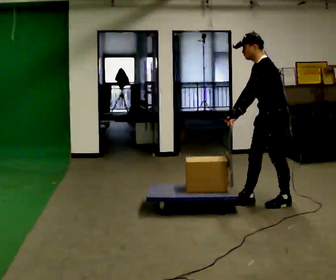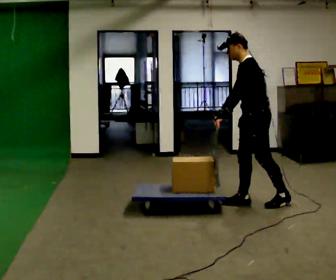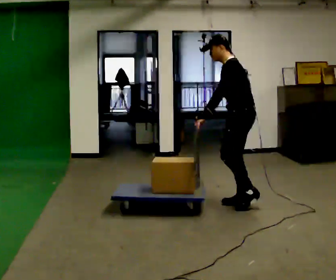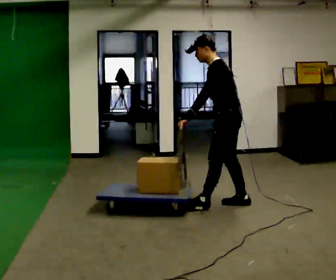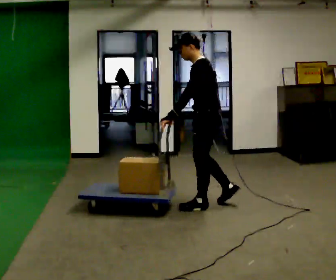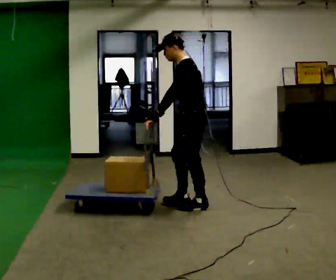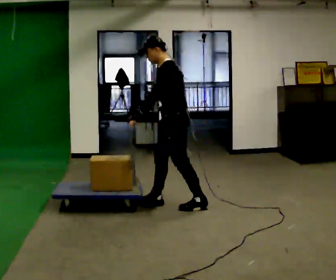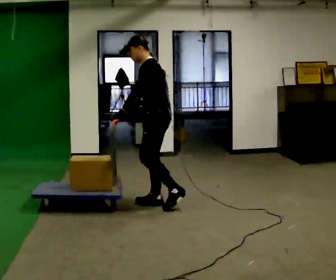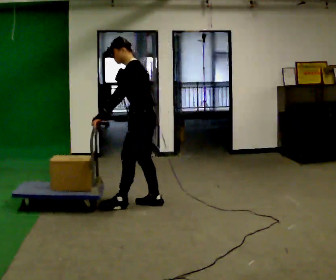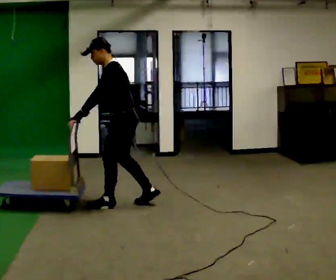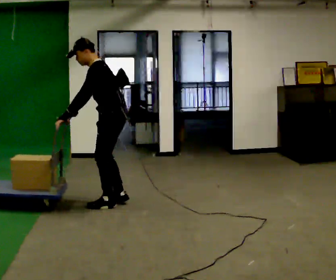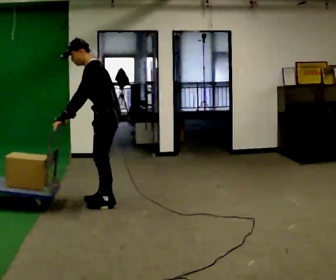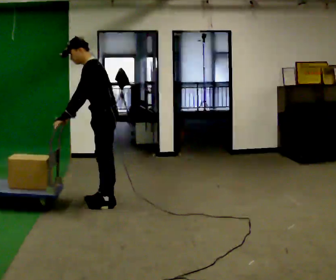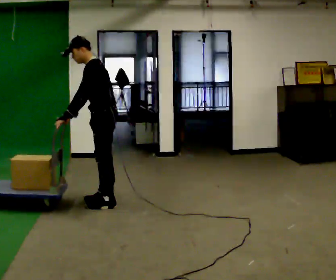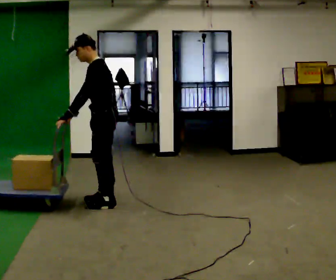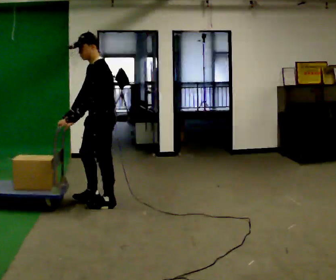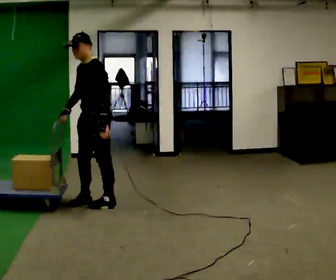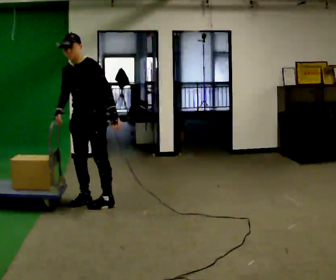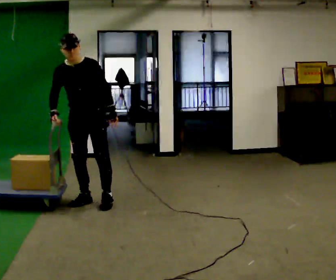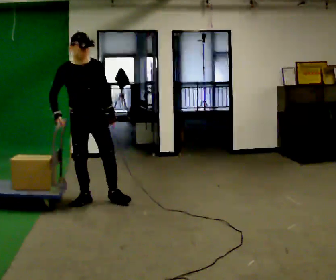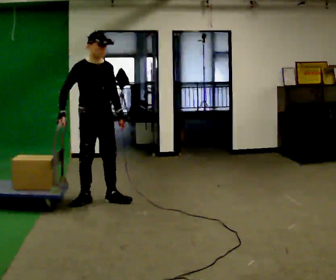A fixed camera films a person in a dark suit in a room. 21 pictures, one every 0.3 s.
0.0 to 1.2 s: In the picture they go to the left, about 0.75 m in 2 steps, which for them is forward.
1.2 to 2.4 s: In the picture they go to the left, about 0.75 m in 1 step, which for them is forward.
2.4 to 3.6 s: In the picture they go to the left, about 0.25 m in 2 steps, which for them is forward.
3.6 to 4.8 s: The person turns about 30 degrees to their left, counterclockwise seen from above, so the part of the body nearest the lens slides to the right. In the picture their left hand goes to the right, the arm swinging counterclockwise.
4.8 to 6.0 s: The person turns about 90 degrees to their left, counterclockwise seen from above, so the part of the body nearest the lens slides to the right.
The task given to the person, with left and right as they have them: Push the cart across the room and back. The operator will change how much is loaded on it between takes and will tell you each time.
The film runs forward here.
